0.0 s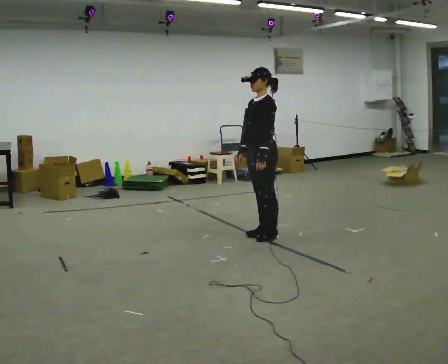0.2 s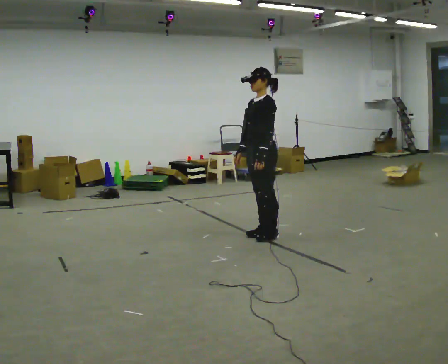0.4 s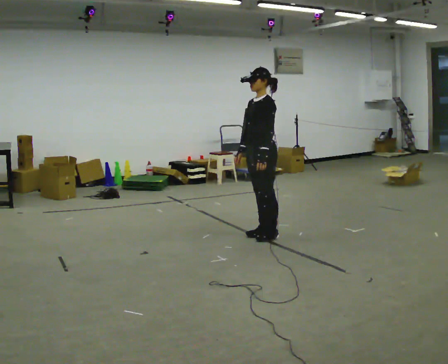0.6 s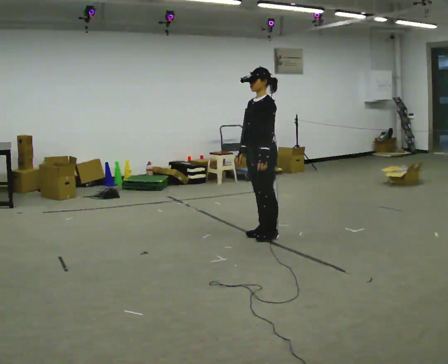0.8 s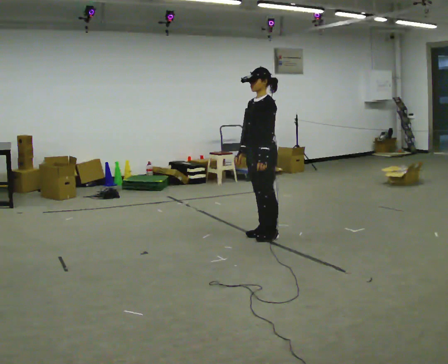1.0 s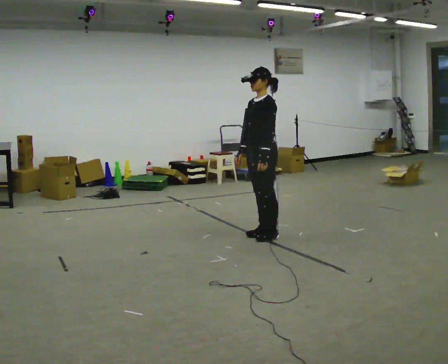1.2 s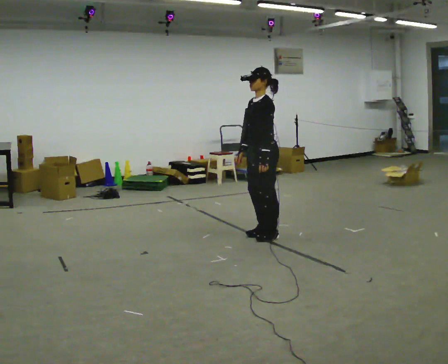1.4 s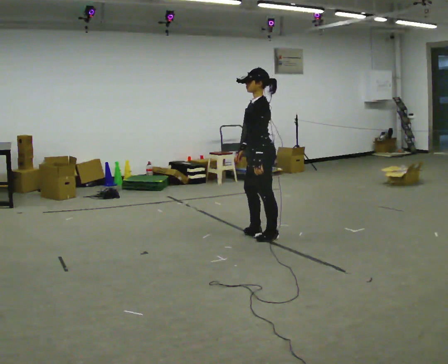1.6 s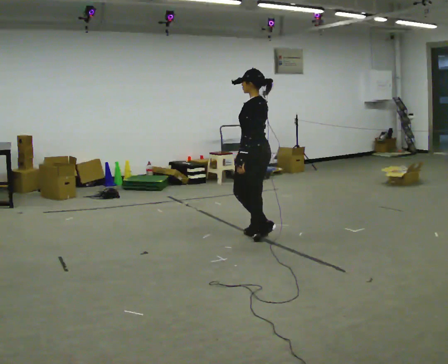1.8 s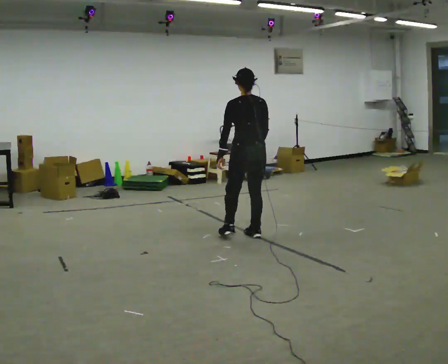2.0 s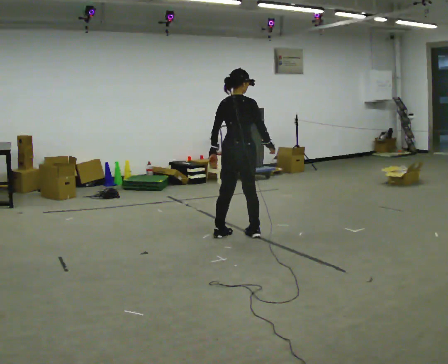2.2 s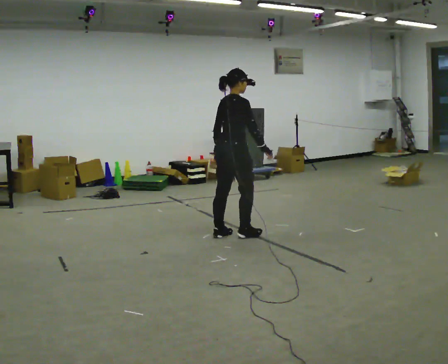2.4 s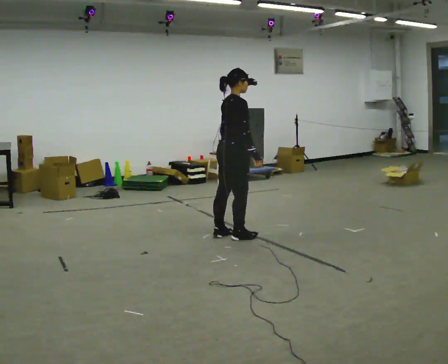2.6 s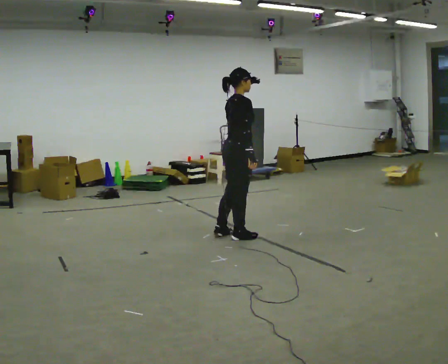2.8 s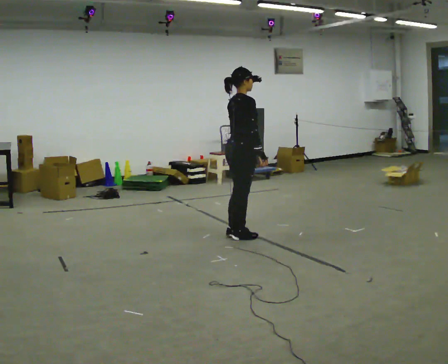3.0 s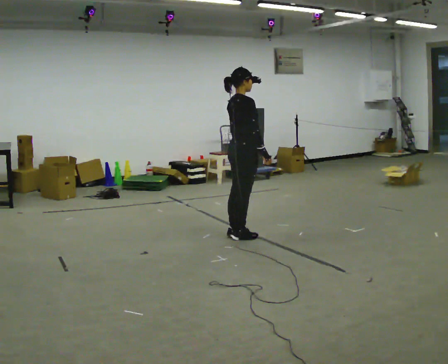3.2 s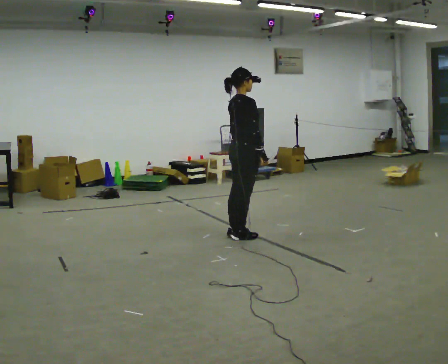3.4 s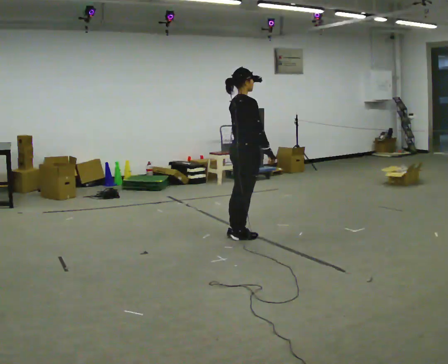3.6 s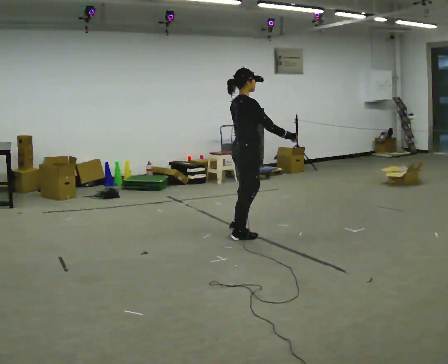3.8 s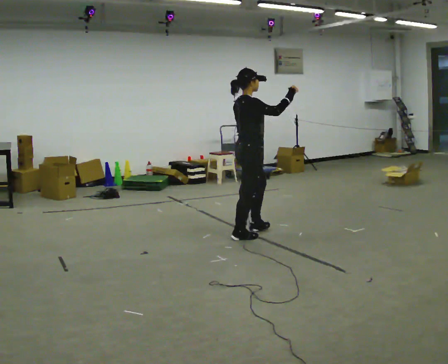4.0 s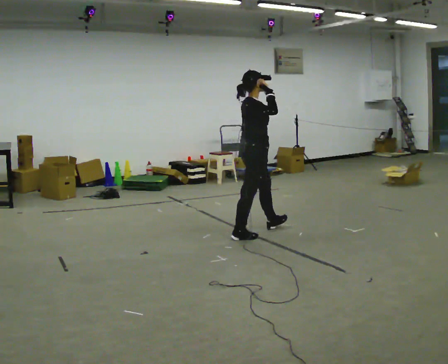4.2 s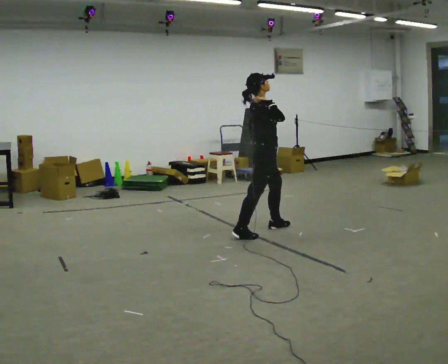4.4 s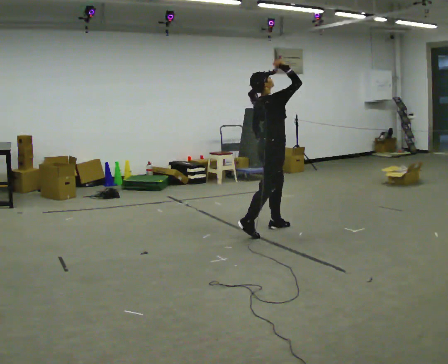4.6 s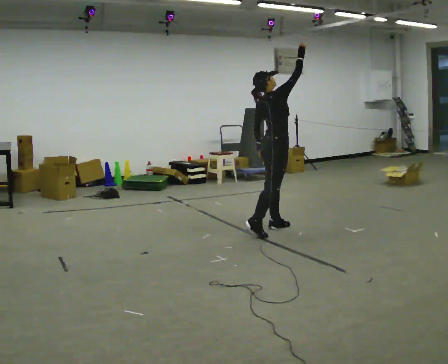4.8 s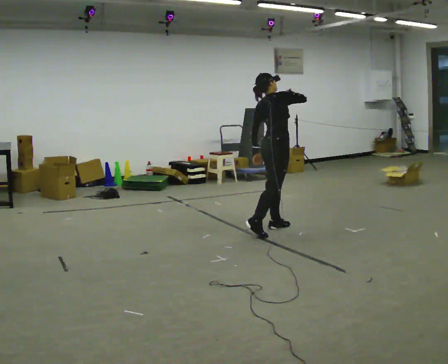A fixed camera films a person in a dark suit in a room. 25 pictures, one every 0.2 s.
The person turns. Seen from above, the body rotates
clockwise.
The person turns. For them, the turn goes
to their right.
0.0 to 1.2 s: The person moves a little, or ends about where they began.
1.2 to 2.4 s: The person turns about 165 degrees to their right, clockwise seen from above, so the part of the body nearest the lens slides to the left. In the picture they go to the left, about 0.25 m in 2 steps.
2.4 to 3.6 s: In the picture their right hand goes to the right.
3.6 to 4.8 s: In the picture they go to the right and away from the camera, about 0.25 m in 2 steps, which for them is forward and to their left.
The film runs forward here.
